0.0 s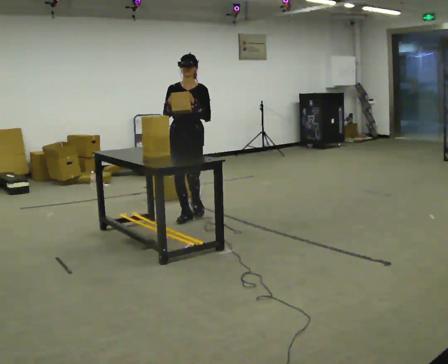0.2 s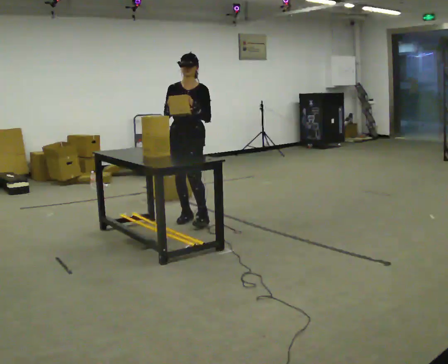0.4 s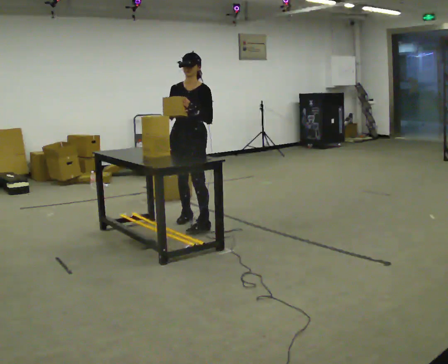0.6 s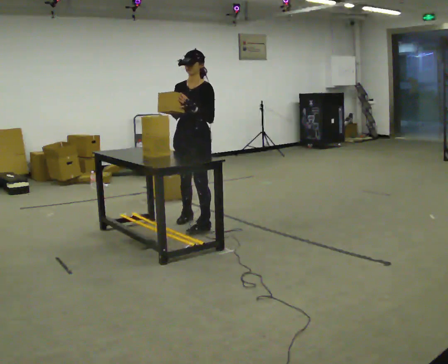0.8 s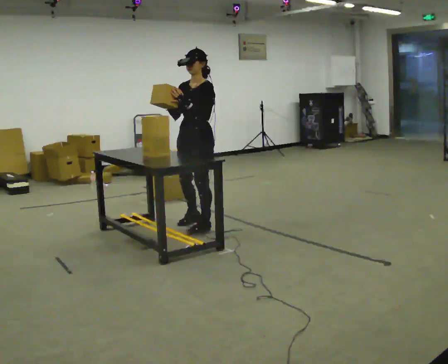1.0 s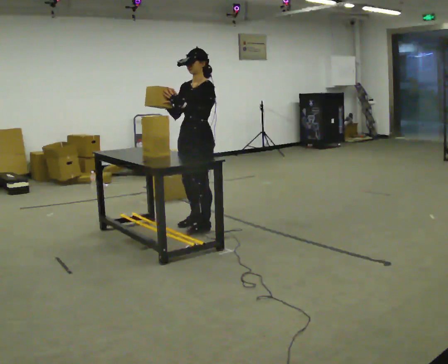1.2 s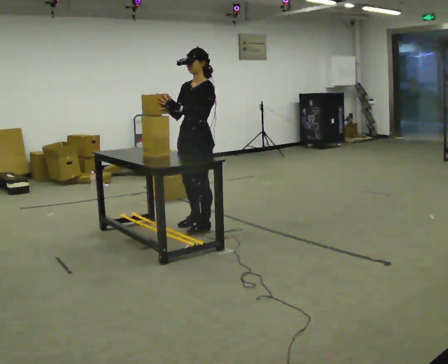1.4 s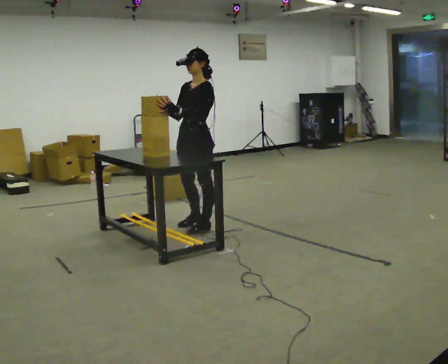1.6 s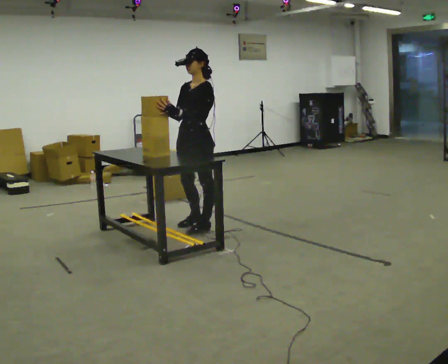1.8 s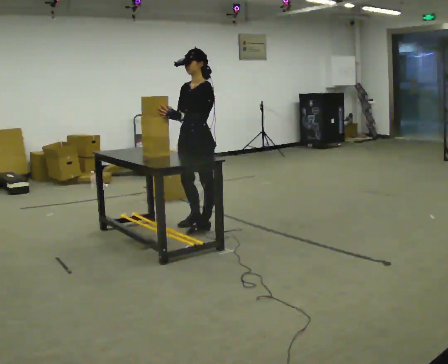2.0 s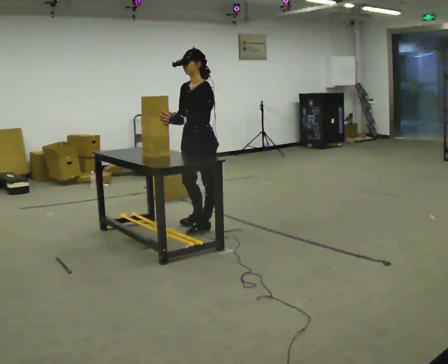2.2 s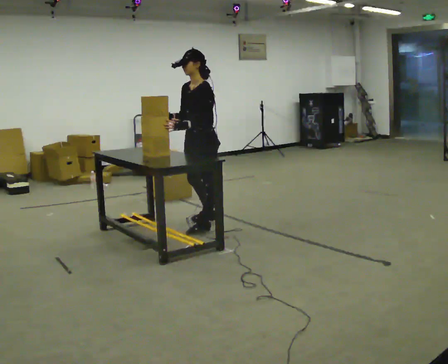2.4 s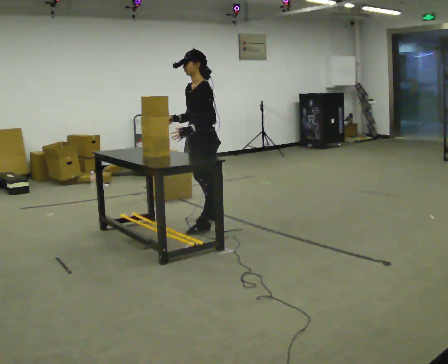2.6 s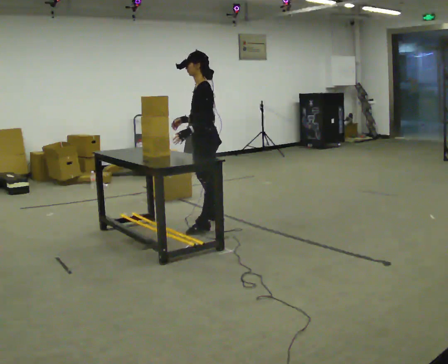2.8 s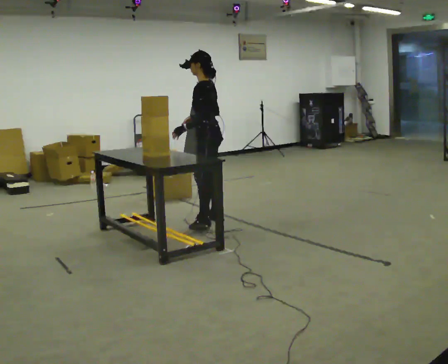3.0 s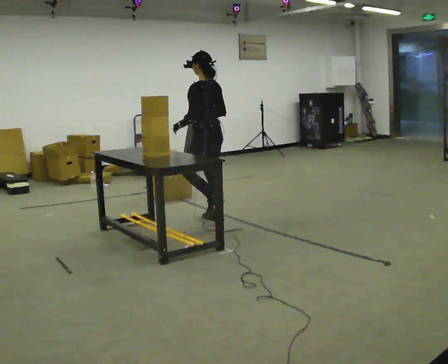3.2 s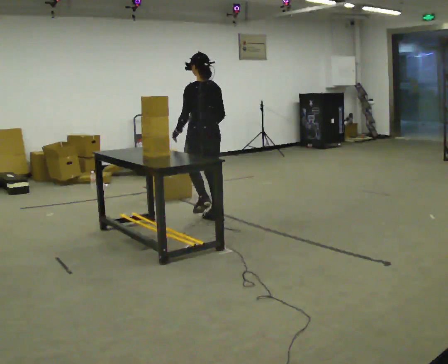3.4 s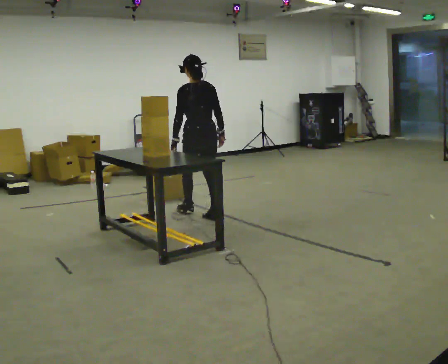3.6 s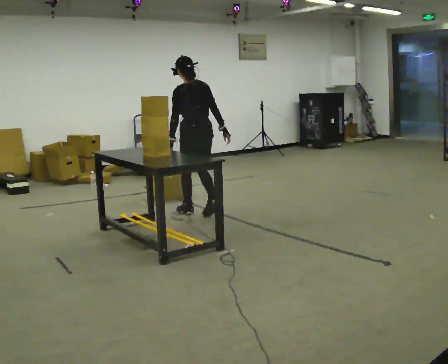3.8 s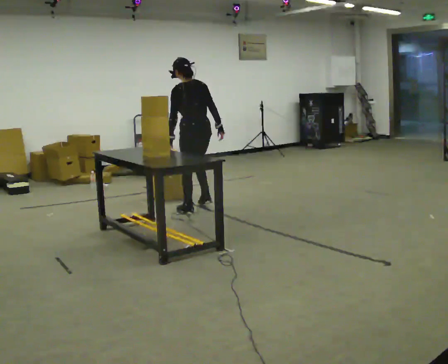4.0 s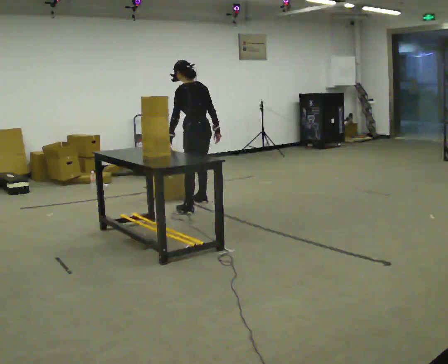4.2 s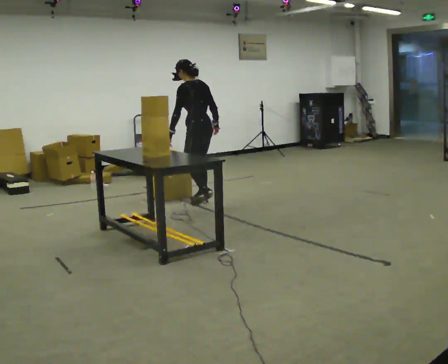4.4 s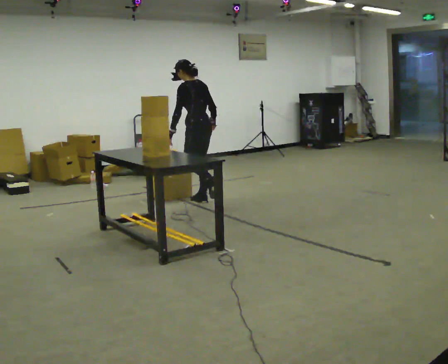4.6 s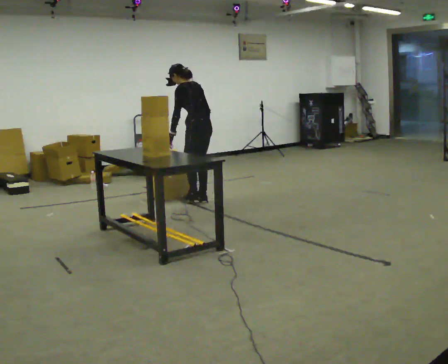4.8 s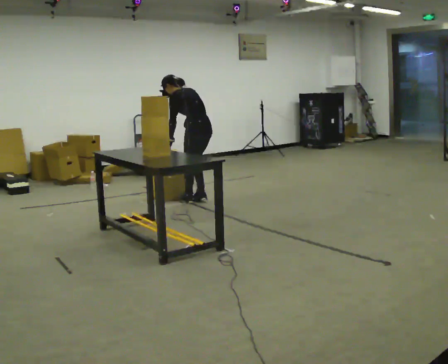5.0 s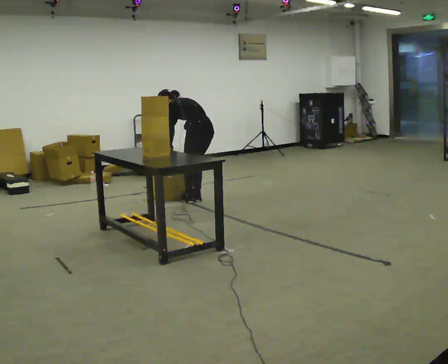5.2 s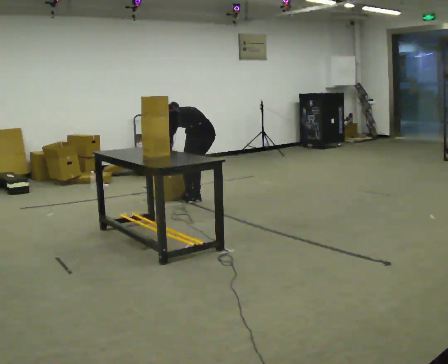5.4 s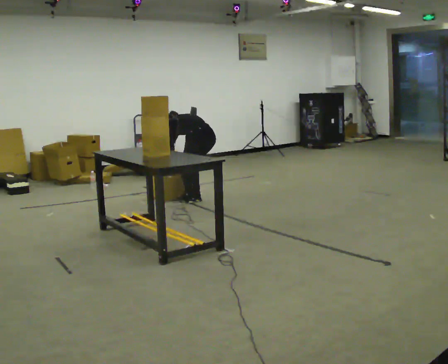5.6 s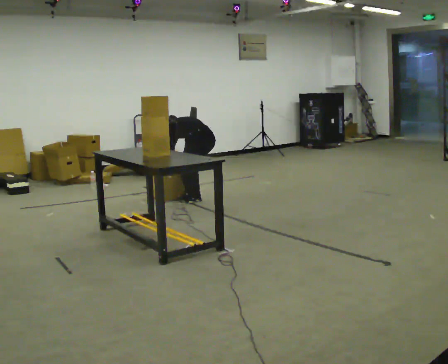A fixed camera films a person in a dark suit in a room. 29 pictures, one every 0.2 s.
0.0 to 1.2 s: The person turns about 60 degrees to their right, clockwise seen from above, so the part of the body nearest the lens slides to the left. In the picture they go toward the camera, about 0.5 m in 2 steps, which for them is to their left and forward.
1.2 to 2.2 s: The person moves a little, or ends about where they began.
2.2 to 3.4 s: The part of the body nearest the lens slides to the left as the person turns to their right by about 90 degrees. In the picture they go away from the camera, about 0.5 m in 1 step.
3.4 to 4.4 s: The part of the body nearest the lens slides to the right as the person turns to their left by about 30 degrees. In the picture they go away from the camera, about 0.5 m in 2 steps, which for them is forward and to their right.
4.4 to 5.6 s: The upper body goes downward. The upper body tips away from the camera, its near side rolling upward, as they bend forward. In the picture their right hand goes downward and to the left.
The film runs forward here.
